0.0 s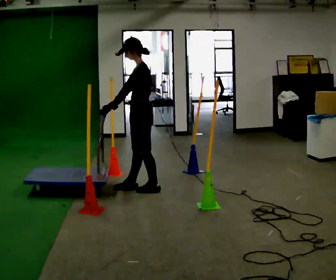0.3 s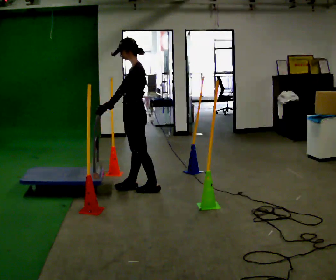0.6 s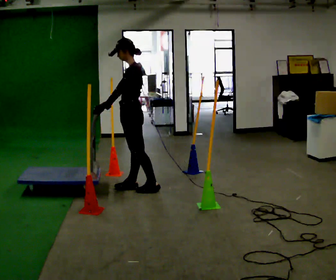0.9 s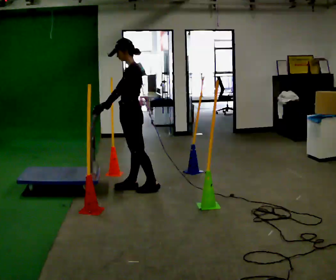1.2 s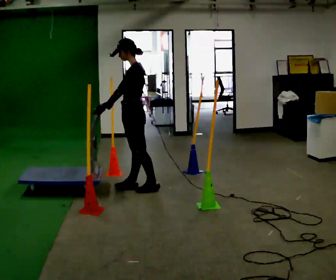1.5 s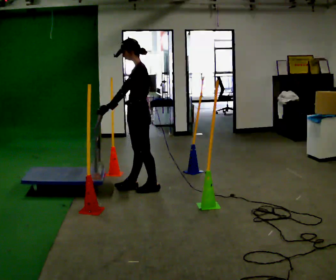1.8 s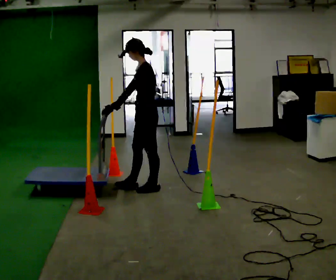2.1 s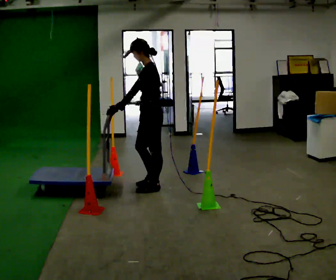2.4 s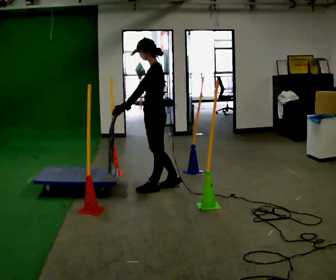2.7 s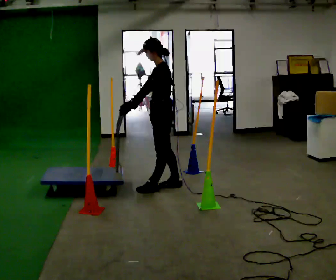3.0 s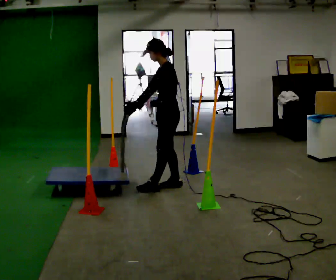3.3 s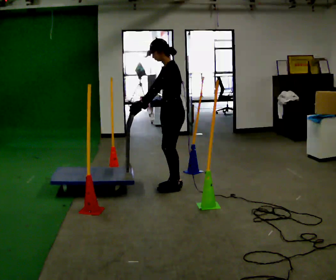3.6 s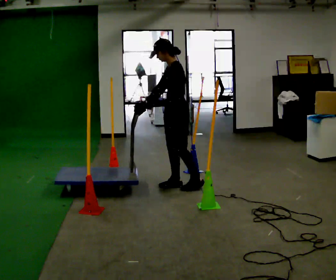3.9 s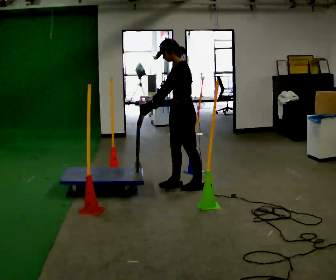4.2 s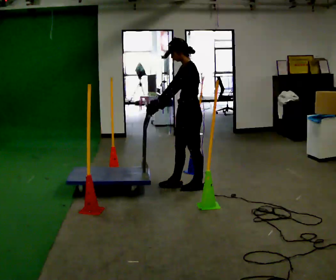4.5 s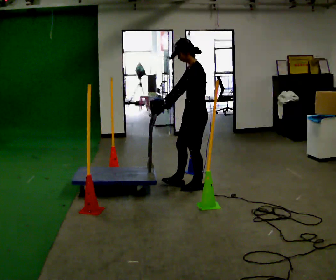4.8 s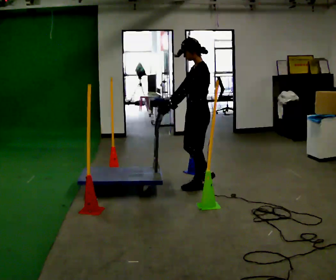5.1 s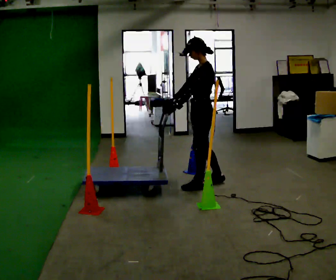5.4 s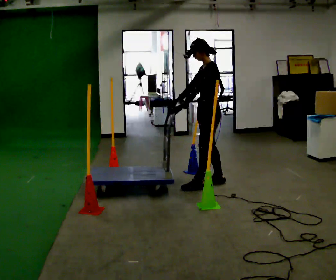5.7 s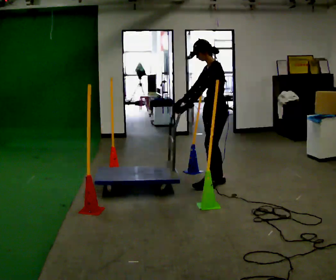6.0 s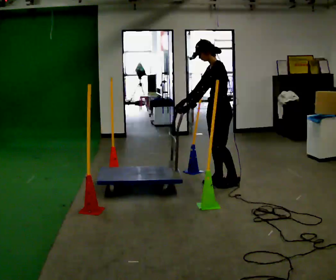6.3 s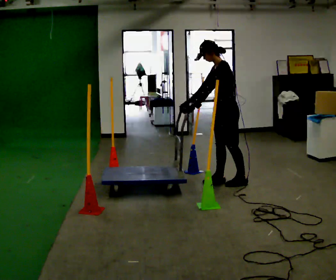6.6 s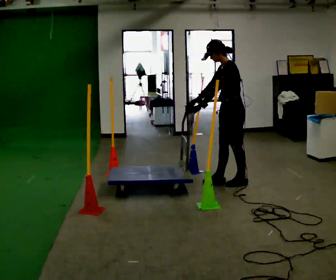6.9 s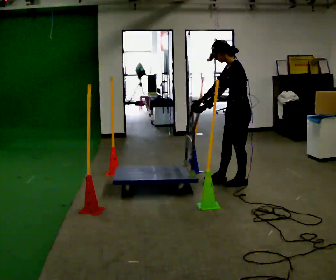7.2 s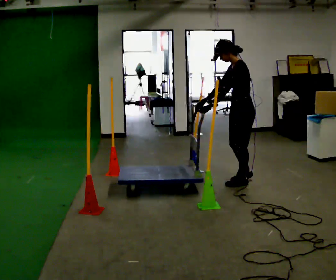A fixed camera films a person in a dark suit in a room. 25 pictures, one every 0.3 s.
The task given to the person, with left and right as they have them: Push the cart in and out of the line of poles without touching any of them. Keep going until the operator says stop.
0.0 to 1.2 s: The person moves a little, or ends about where they began.
1.2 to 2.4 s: In the picture they go to the right, about 0.25 m in 1 step, which for them is backward.
2.4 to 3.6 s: In the picture they go to the right, about 0.25 m in 1 step, which for them is backward.
3.6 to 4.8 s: In the picture they go to the right, about 0.25 m, which for them is backward.
4.8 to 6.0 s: In the picture they go to the right, about 0.25 m in 1 step, which for them is backward and to their right.
6.0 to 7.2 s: In the picture they go to the right, about 0.25 m in 1 step, which for them is backward.
The film runs forward here.
